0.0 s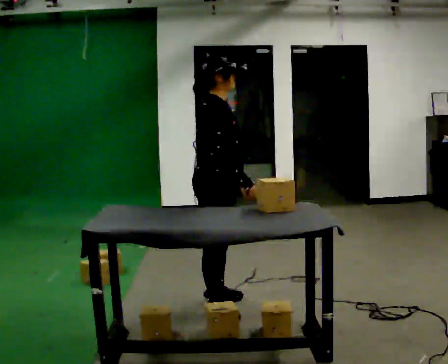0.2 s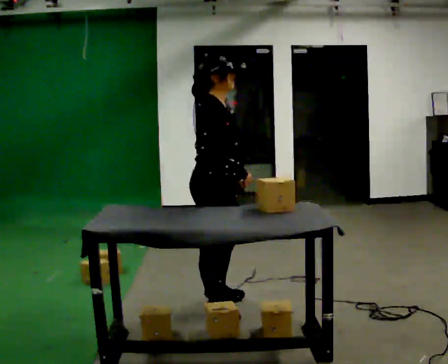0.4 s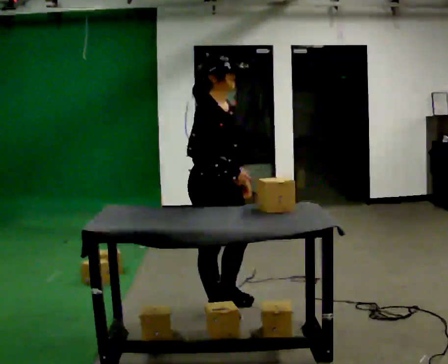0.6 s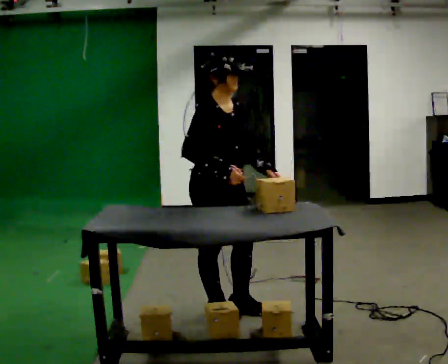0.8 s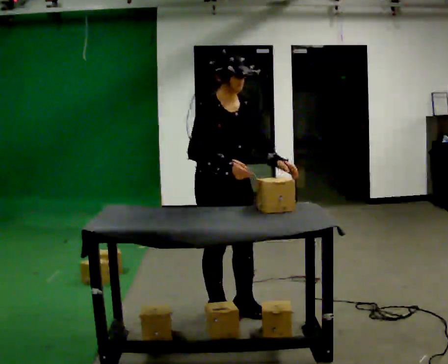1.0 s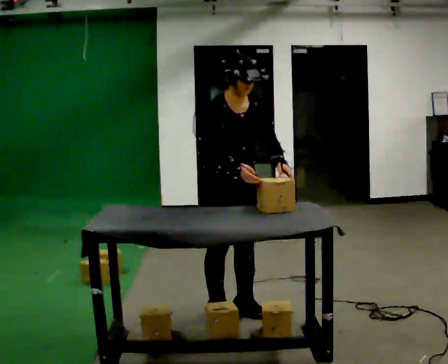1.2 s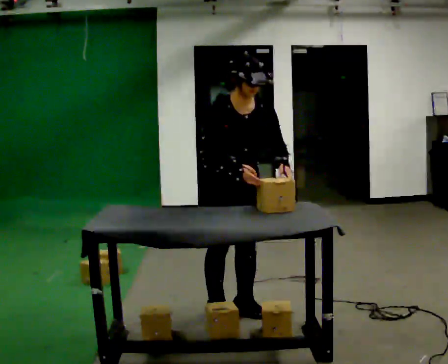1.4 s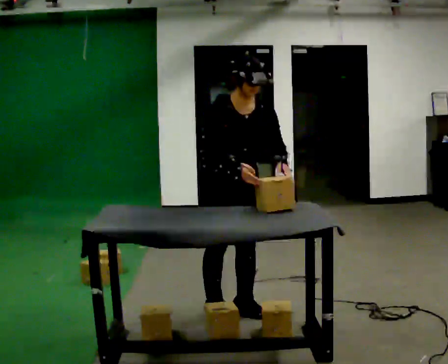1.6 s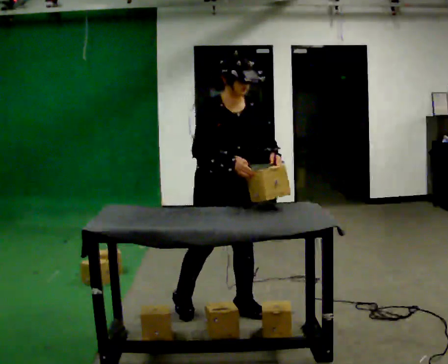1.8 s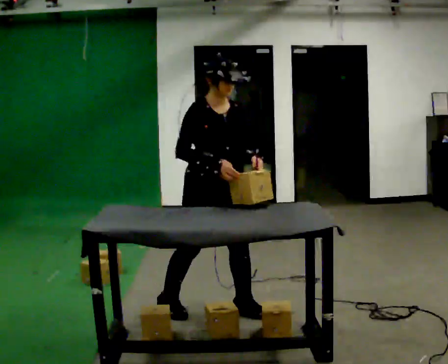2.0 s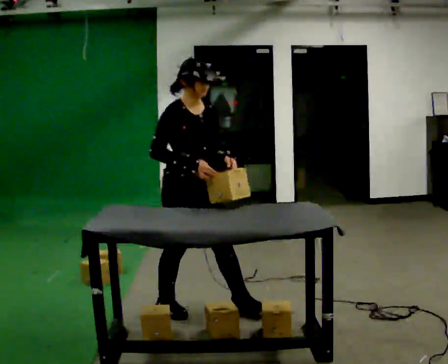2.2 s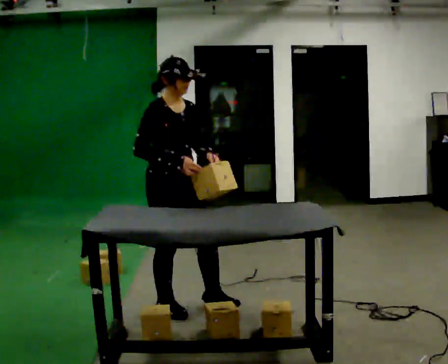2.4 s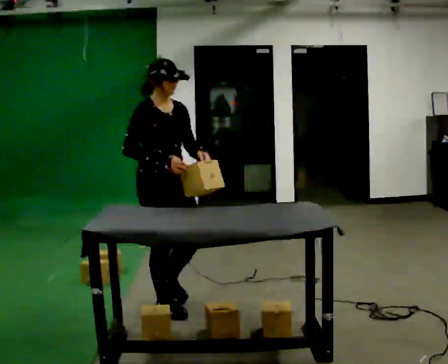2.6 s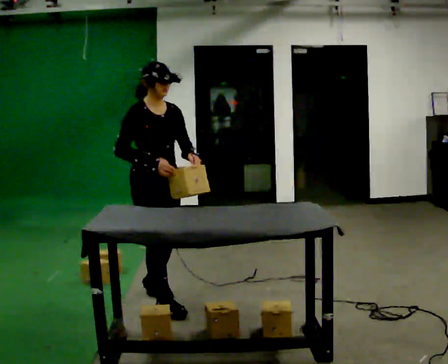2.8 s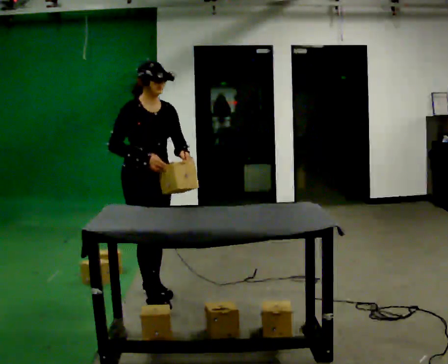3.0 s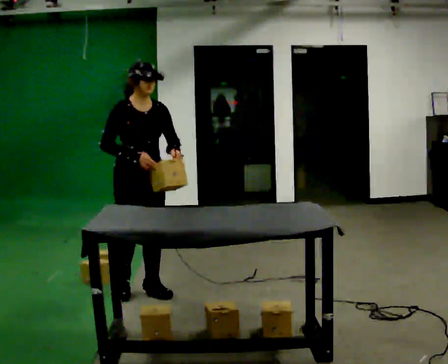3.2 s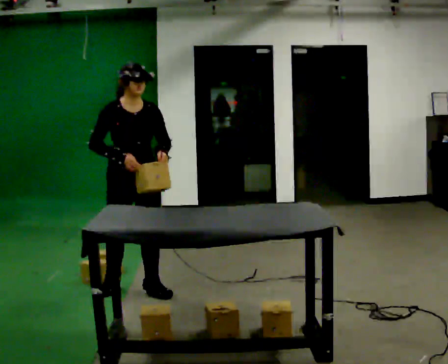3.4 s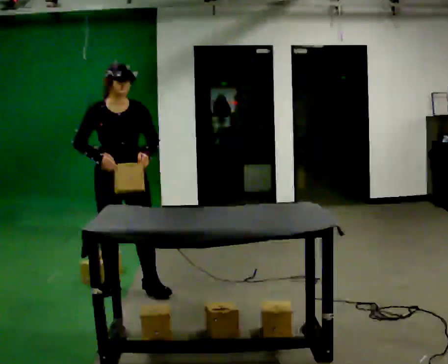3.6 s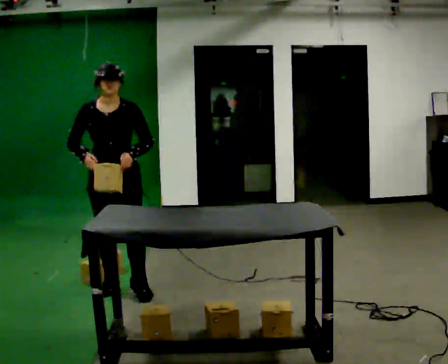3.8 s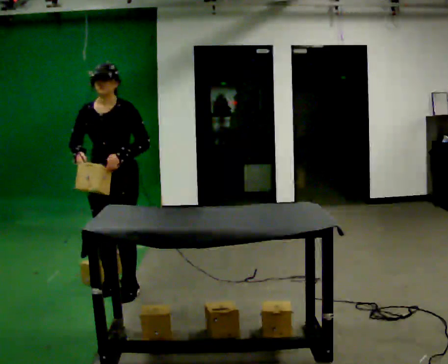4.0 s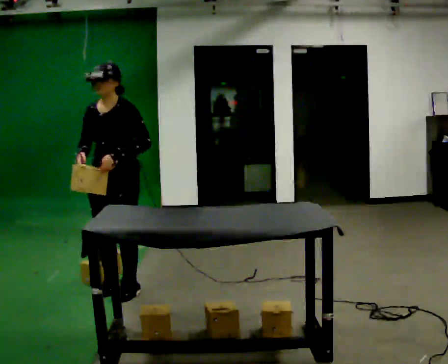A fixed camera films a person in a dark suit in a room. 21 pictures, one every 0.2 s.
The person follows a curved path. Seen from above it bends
clockwise.
0.0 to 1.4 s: The part of the body nearest the lens slides to the left as the person turns to their right by about 75 degrees.
1.4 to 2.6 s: Seen from above the body turns counterclockwise, about 30 degrees: to their left, with its near side sliding to the right. In the picture they go to the left and away from the camera, about 0.5 m in 2 steps, which for them is backward and to their right.
2.6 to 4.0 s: The person turns about 75 degrees to their right, clockwise seen from above, so the part of the body nearest the lens slides to the left. In the picture they go away from the camera and to the left, about 0.5 m in 1 step.
The film runs backward here.
